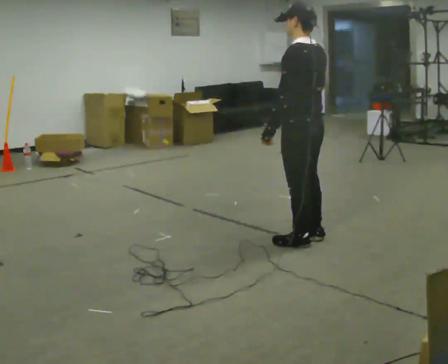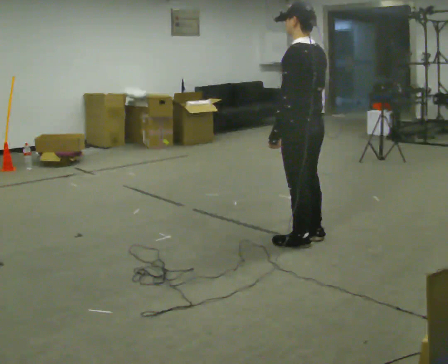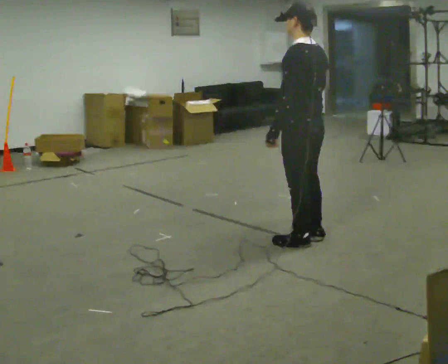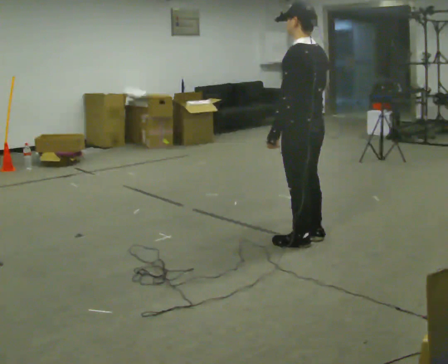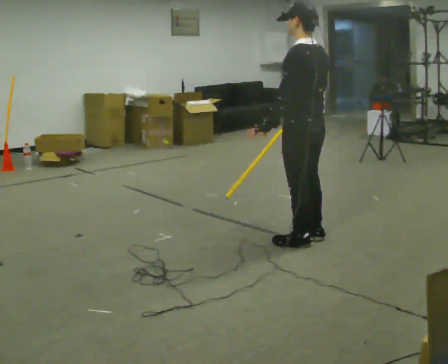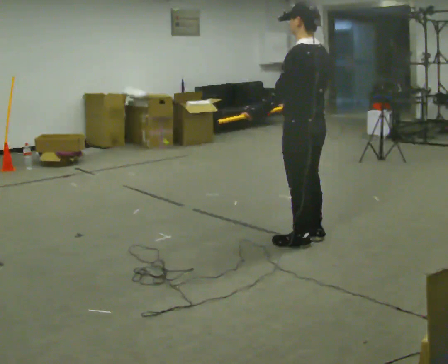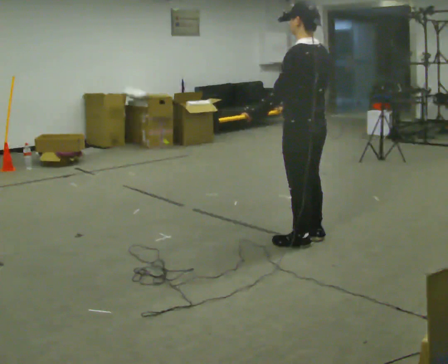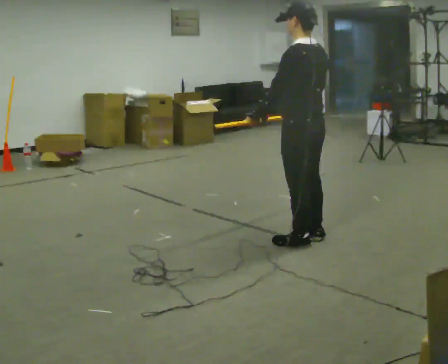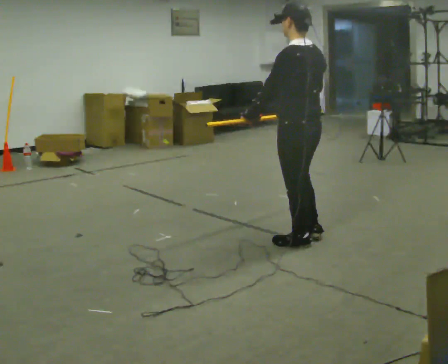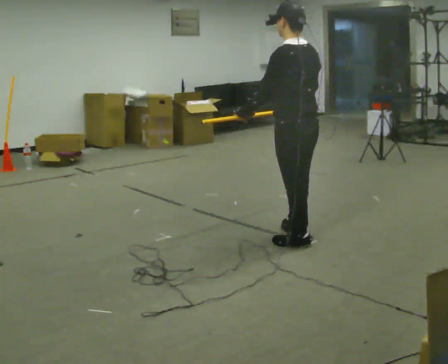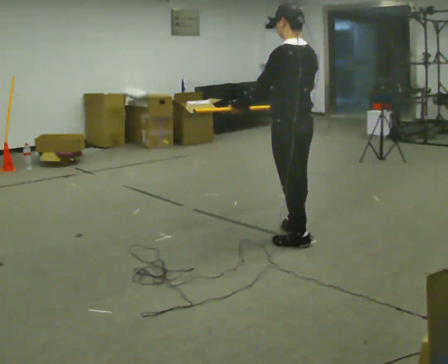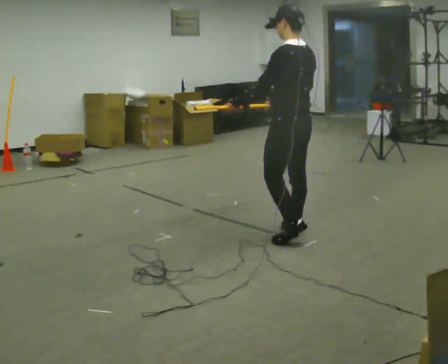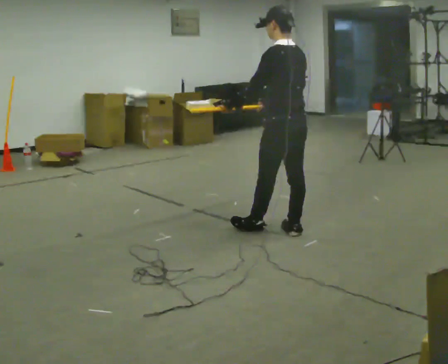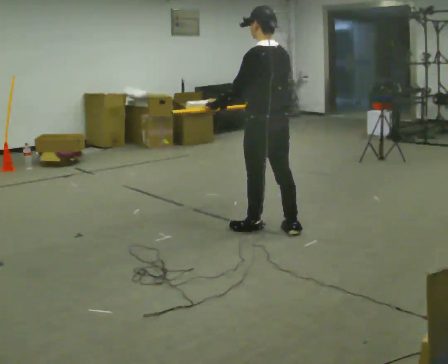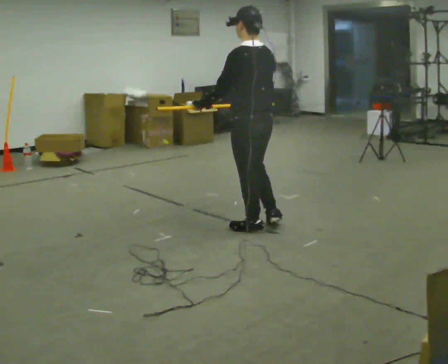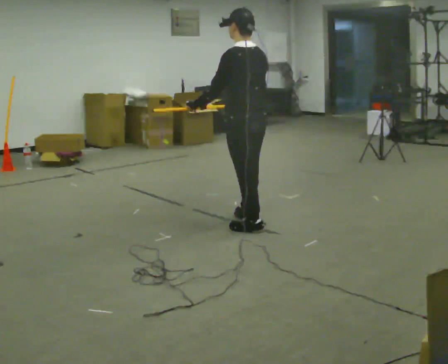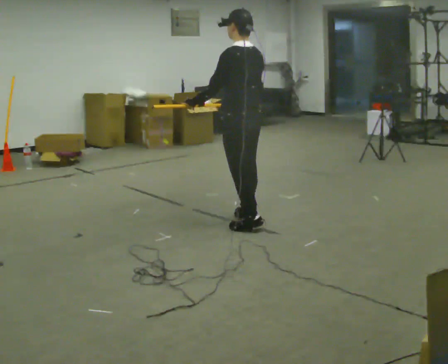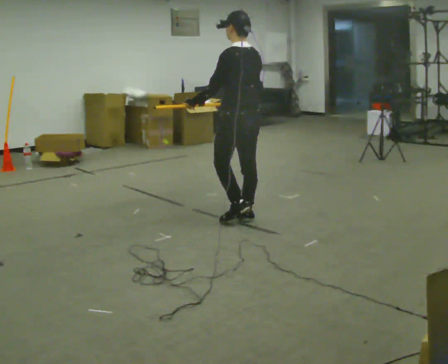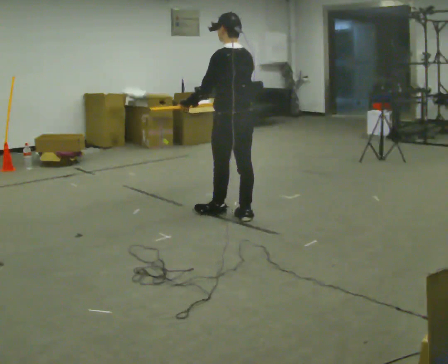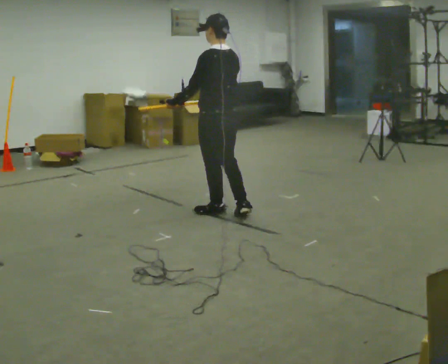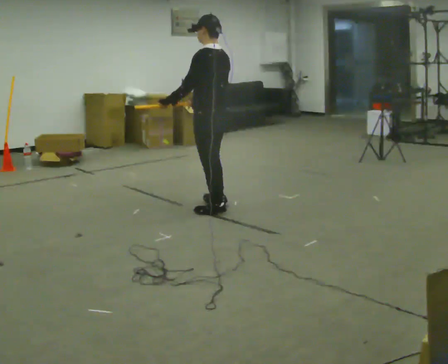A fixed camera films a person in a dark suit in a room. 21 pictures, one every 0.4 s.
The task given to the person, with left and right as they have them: Carry the long object across the room and around the corner, turning without hitting anything. Keep going until the operator says stop; one object at a time, and do not rush between trips.
0.0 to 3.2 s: The person moves a little, or ends about where they began.
3.2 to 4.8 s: In the picture they go away from the camera, about 0.25 m in 1 step, which for them is forward and to their right.
4.8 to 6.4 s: In the picture they go to the left and away from the camera, about 0.5 m in 2 steps, which for them is forward.
6.4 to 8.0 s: In the picture they go to the left and away from the camera, about 0.5 m in 1 step, which for them is forward.
The film runs forward here.
